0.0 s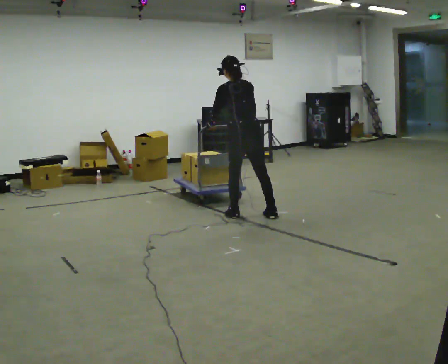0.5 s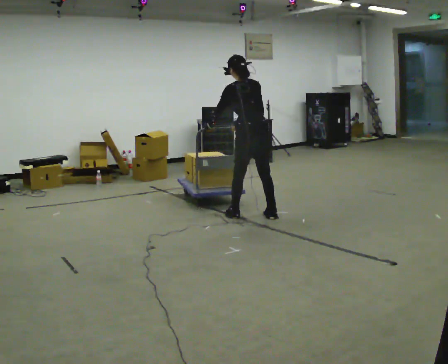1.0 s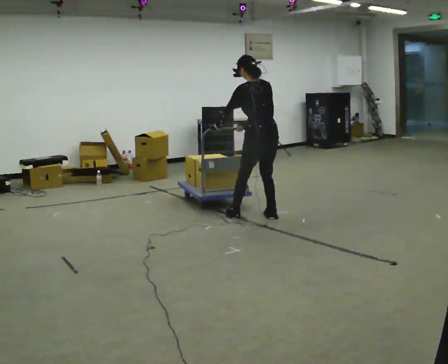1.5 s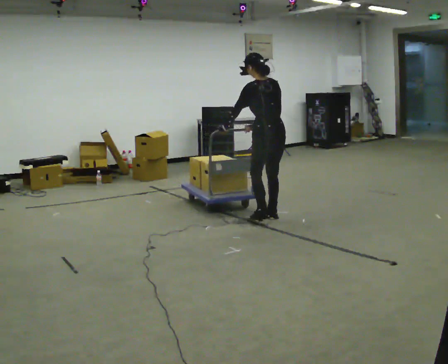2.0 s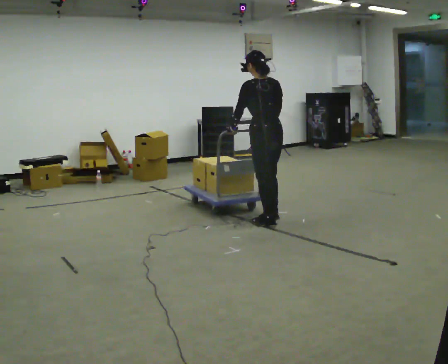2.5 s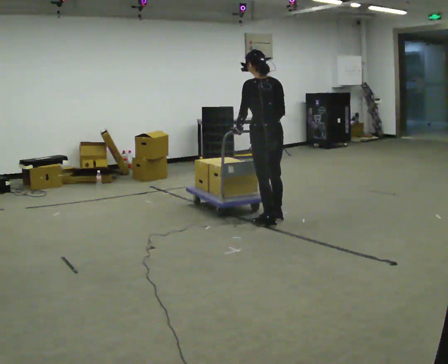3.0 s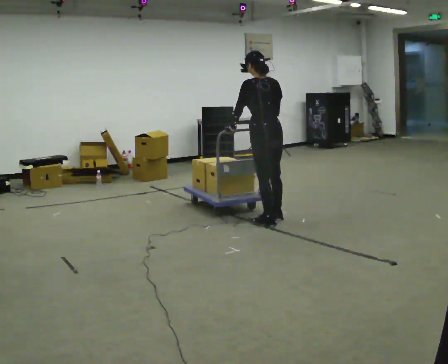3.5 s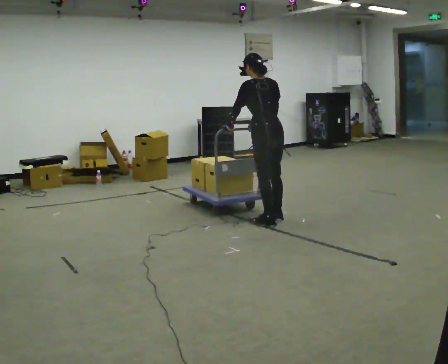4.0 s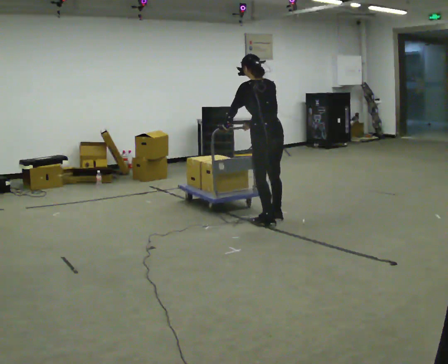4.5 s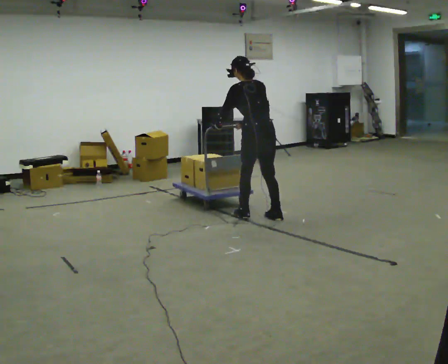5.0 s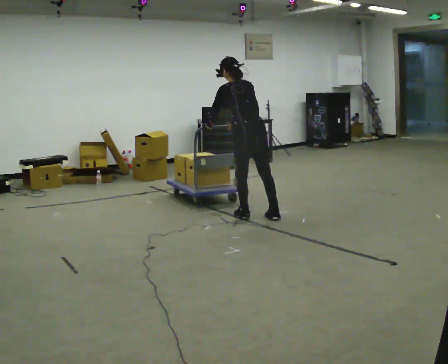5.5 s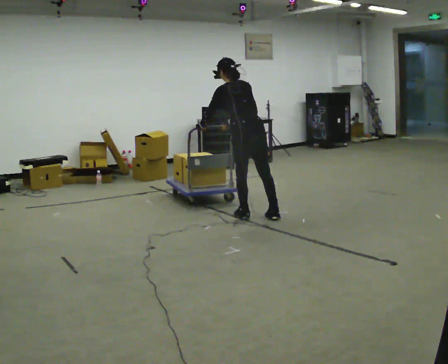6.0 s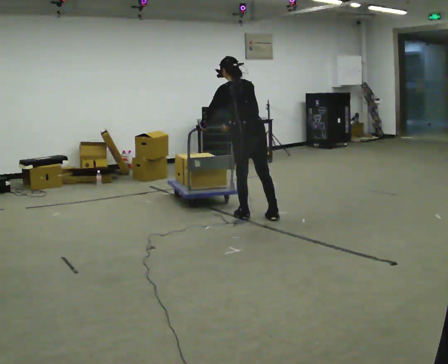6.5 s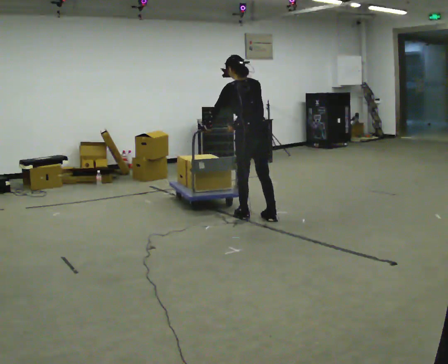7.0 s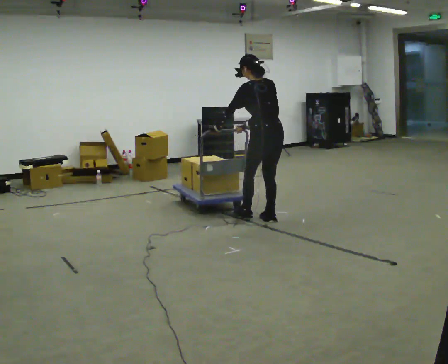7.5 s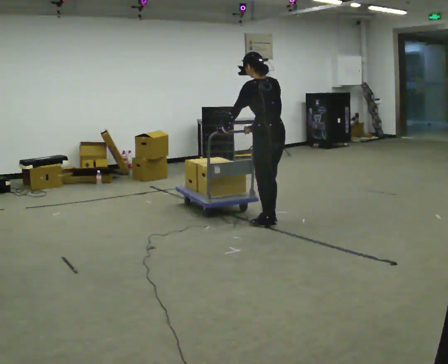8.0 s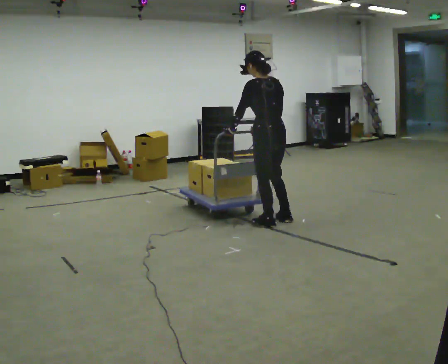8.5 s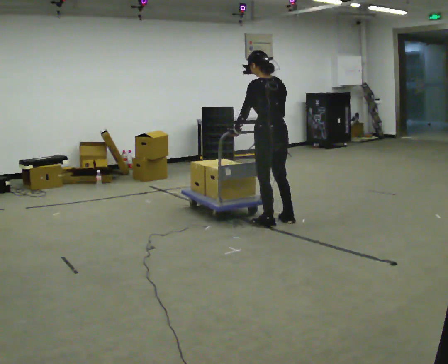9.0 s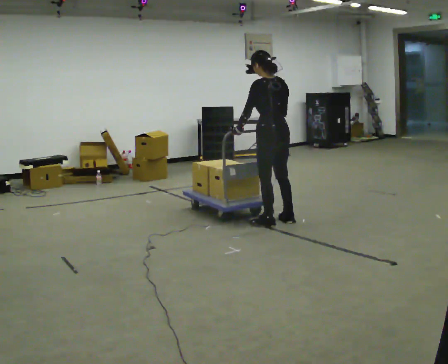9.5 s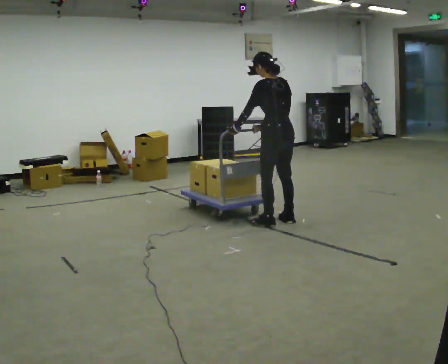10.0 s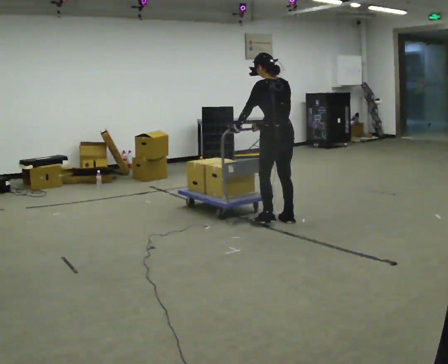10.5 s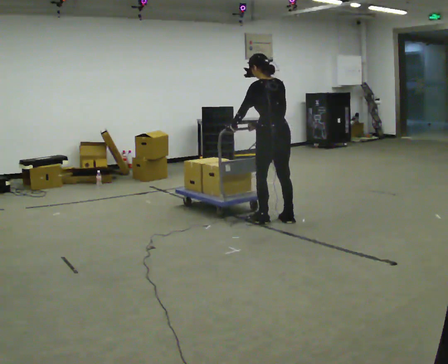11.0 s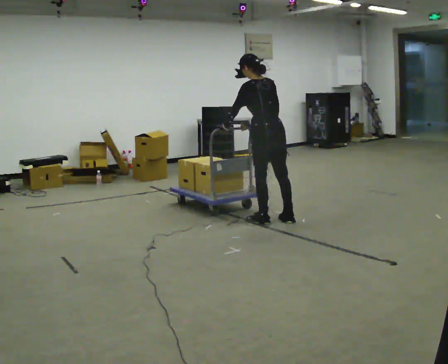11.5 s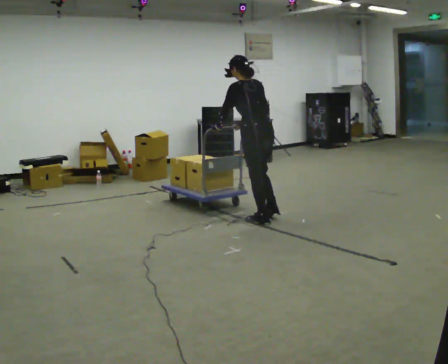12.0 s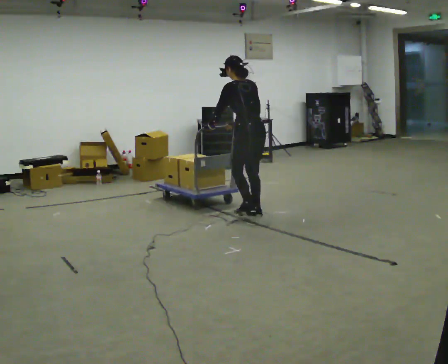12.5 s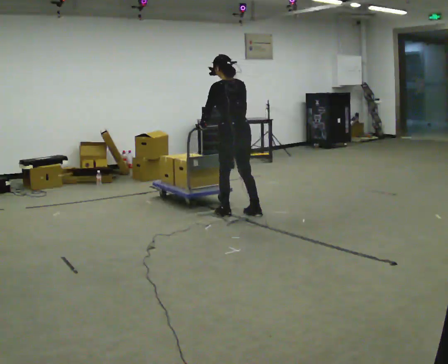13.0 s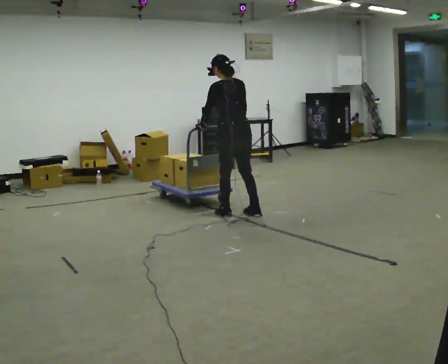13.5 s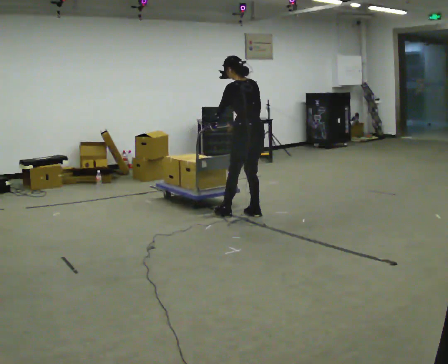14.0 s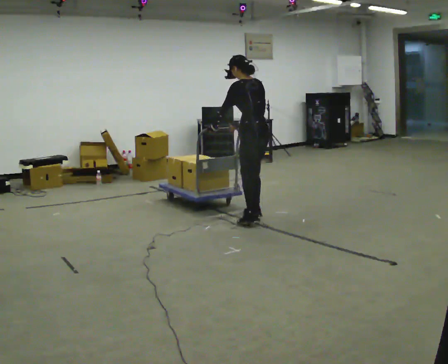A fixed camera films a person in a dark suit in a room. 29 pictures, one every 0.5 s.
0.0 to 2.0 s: In the picture they go toward the camera and to the right, about 0.25 m in 1 step, which for them is backward. The upper body tips toward the camera, its near side rolling downward, as they lean back or straighten.
2.0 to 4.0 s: In the picture they go away from the camera, about 0.25 m, which for them is forward.
4.0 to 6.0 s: In the picture they go to the left, about 0.25 m in 1 step, which for them is to their left.
6.0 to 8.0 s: In the picture they go toward the camera and to the right, about 0.25 m in 2 steps, which for them is backward. The upper body tips toward the camera, its near side rolling downward, as they lean back or straighten.
8.0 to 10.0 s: In the picture they go away from the camera, about 0.25 m, which for them is to their right.
10.0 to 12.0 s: In the picture they go to the left and away from the camera, about 0.25 m in 1 step, which for them is forward and to their left.
12.0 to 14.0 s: The person moves a little, or ends about where they began.
The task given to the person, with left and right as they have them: Get the cart into the marked parking space and lined up with the tape. Take as many adjustments as you need. Then take it out again and repeat.
The film runs forward here.
